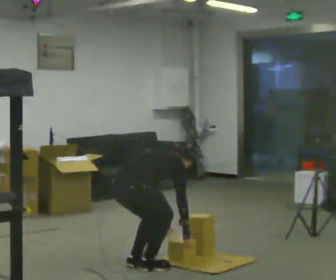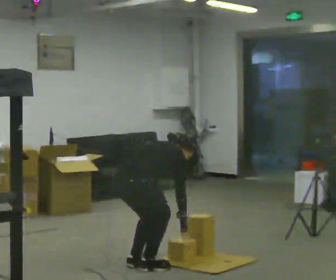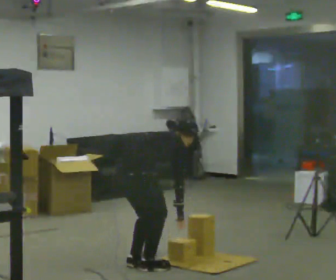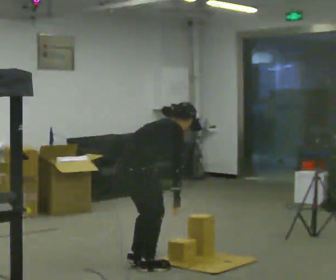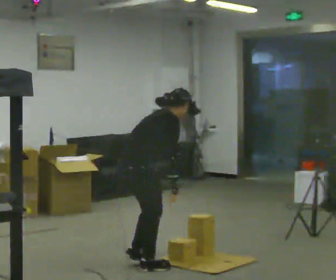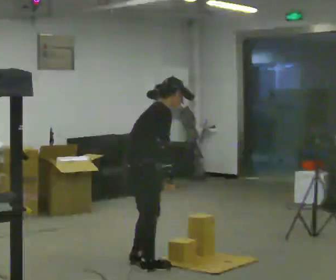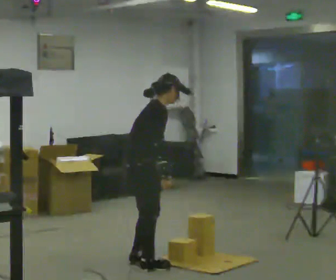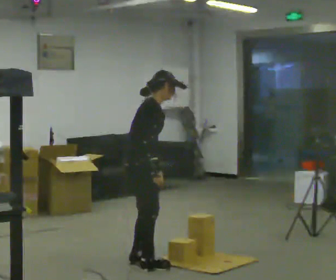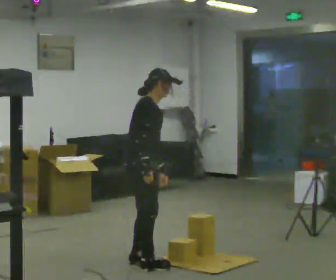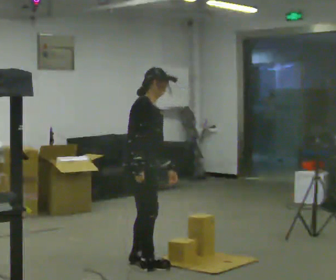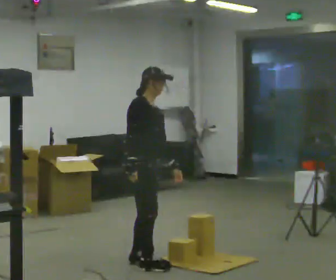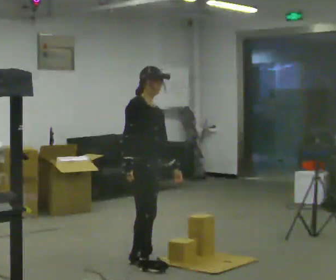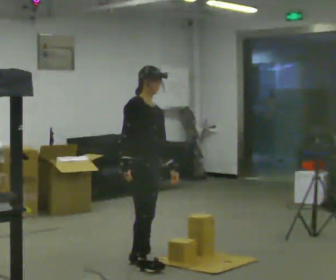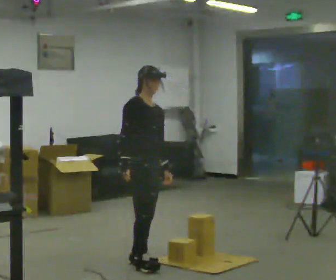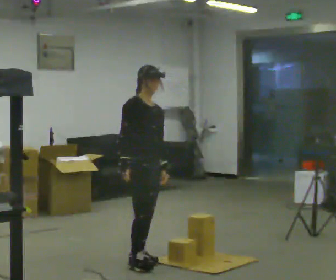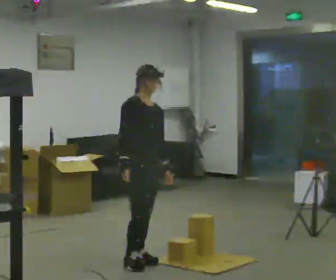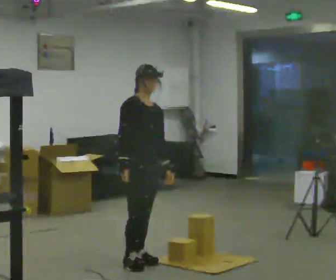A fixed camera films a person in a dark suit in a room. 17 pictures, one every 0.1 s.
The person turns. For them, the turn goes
to their right.
The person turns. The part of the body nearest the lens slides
to the left.
0.0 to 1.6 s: The person turns about 75 degrees to their right, clockwise seen from above, so the part of the body nearest the lens slides to the left. In the picture they go away from the camera, about 0.25 m. The shoulders move upward. In the picture the upper body tilts counterclockwise, shoulders to the left, as they lean back or straighten. In the picture their right hand goes to the left and upward.
The film runs forward here.
